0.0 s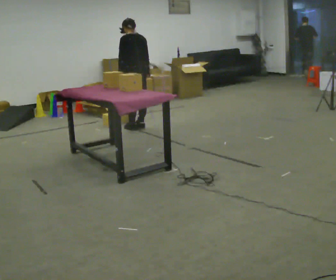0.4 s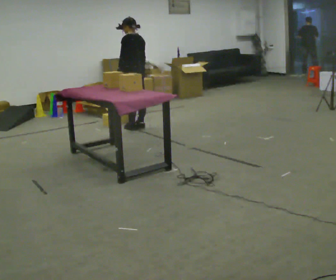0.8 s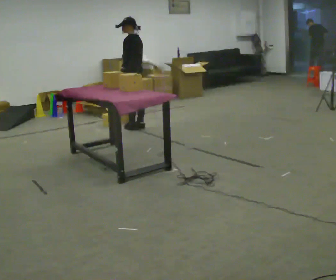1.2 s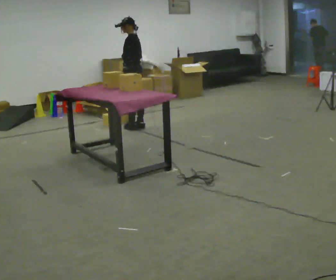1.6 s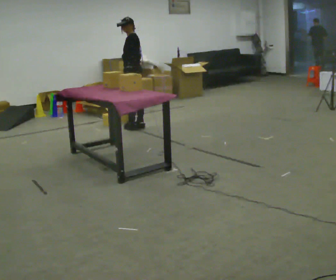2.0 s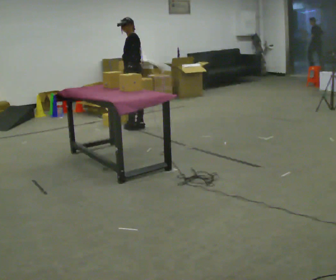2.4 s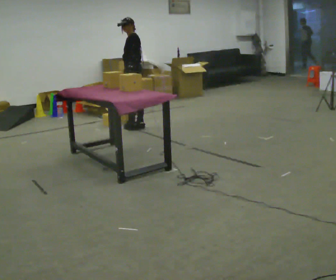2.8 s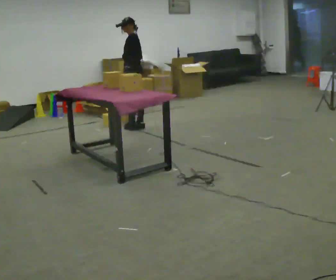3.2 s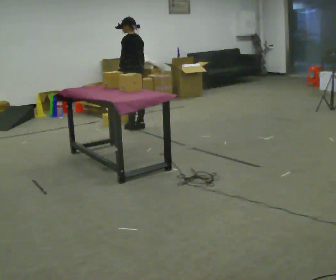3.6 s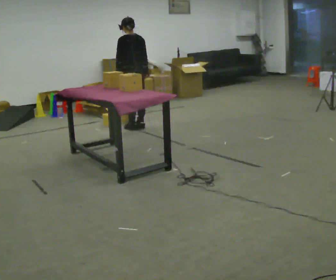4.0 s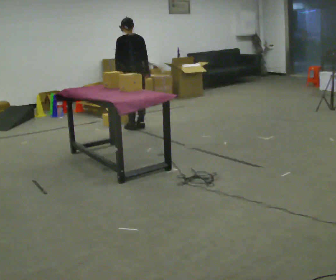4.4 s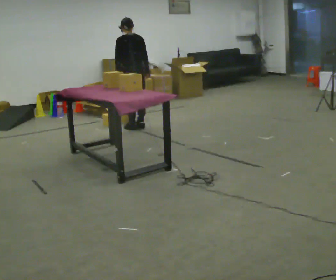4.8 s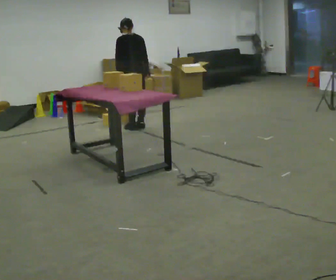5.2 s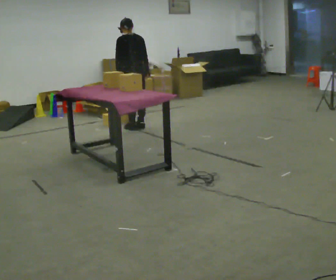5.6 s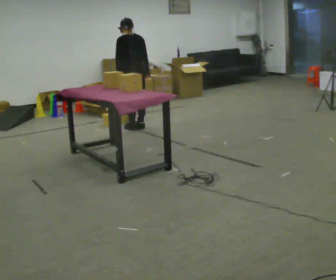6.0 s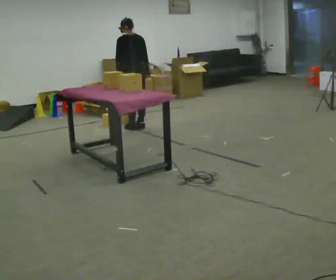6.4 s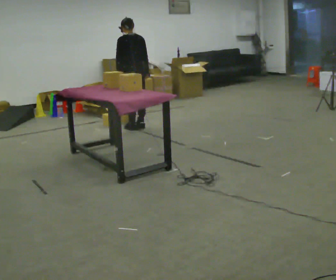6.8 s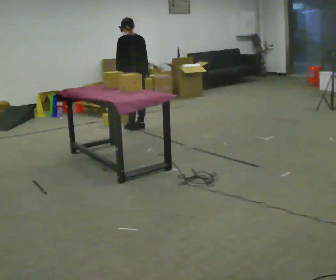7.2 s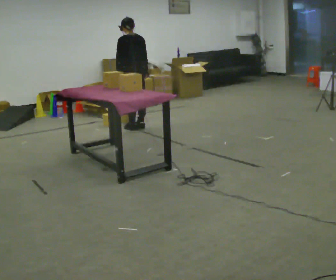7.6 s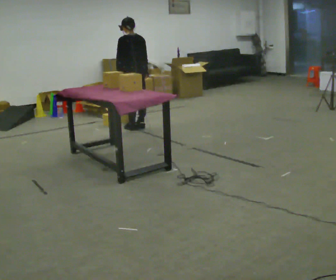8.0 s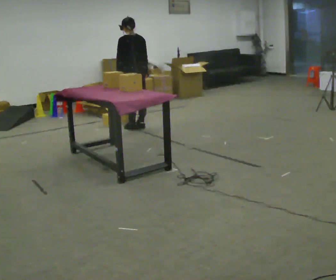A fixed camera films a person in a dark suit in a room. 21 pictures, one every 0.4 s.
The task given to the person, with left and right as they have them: Pick the object up off the floor using only the hand the operator calls, then carry it to the table in that same hand. Keep going until the operator says stop; one object at a time, and do not rush between trips.
0.0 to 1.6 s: Seen from above the body turns counterclockwise, about 45 degrees: to their left, with its near side sliding to the right.
1.6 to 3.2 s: Seen from above the body turns clockwise, about 30 degrees: to their right, with its near side sliding to the left.
3.2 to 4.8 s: The person moves a little, or ends about where they began.
4.8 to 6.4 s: The person keeps their place and pose.
6.4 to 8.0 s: The person moves a little, or ends about where they began.
The film runs forward here.
